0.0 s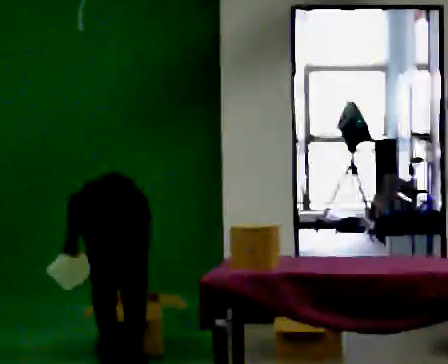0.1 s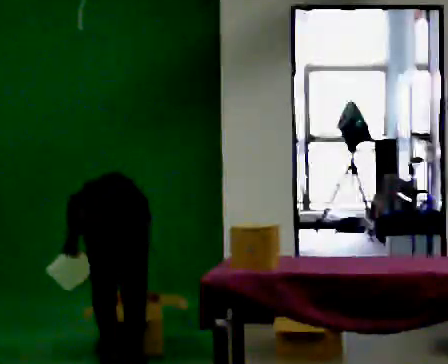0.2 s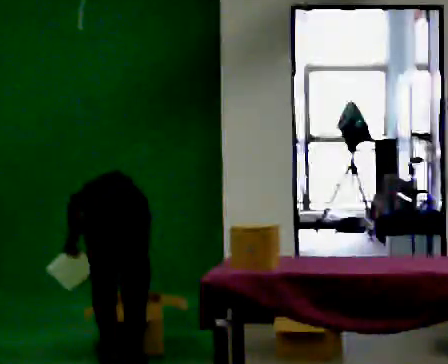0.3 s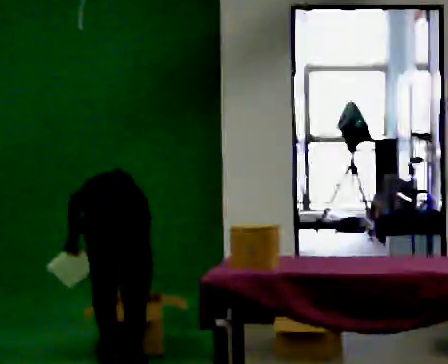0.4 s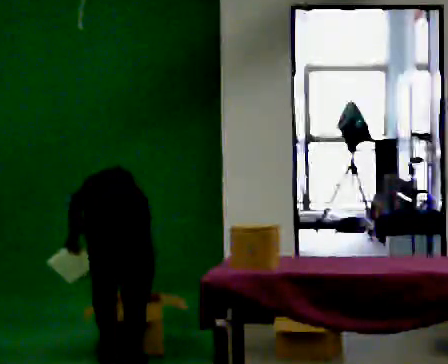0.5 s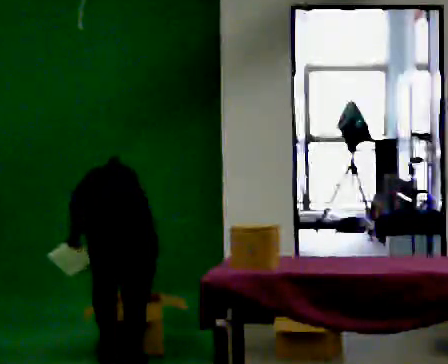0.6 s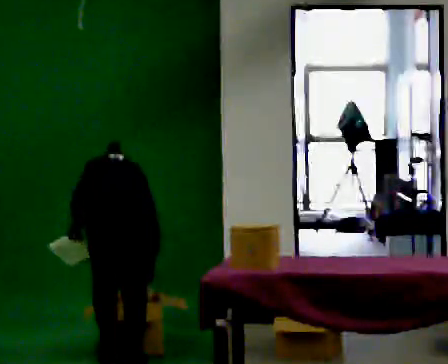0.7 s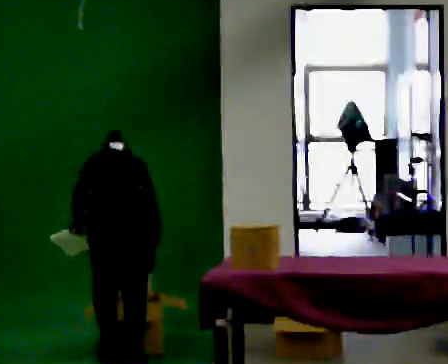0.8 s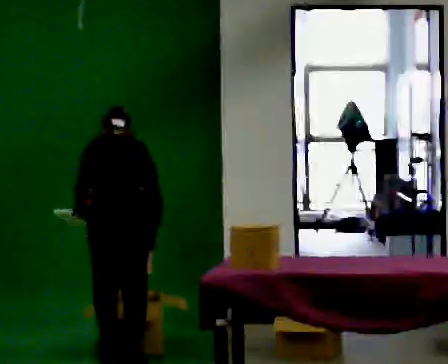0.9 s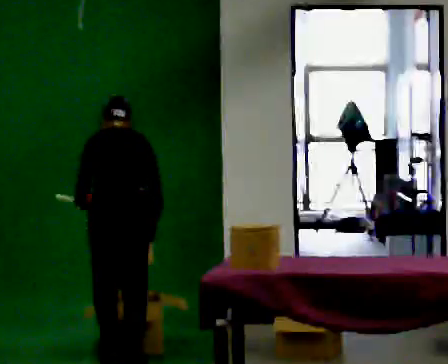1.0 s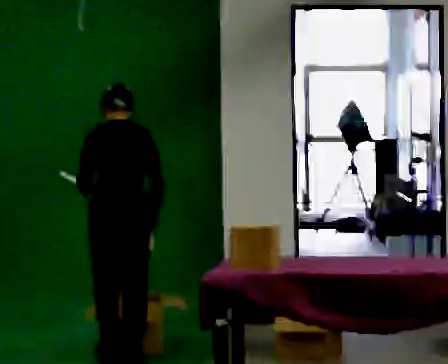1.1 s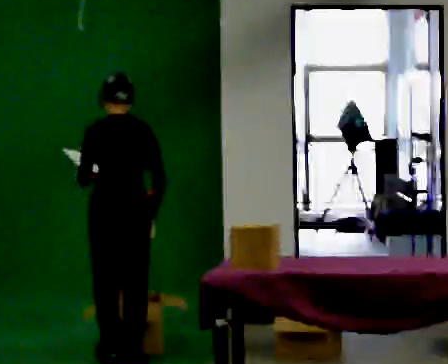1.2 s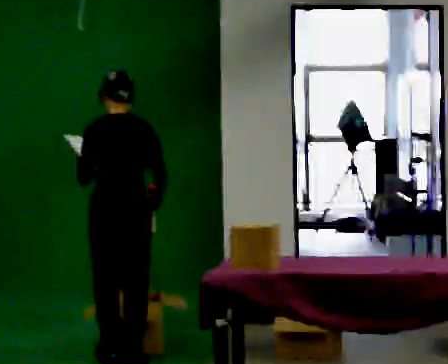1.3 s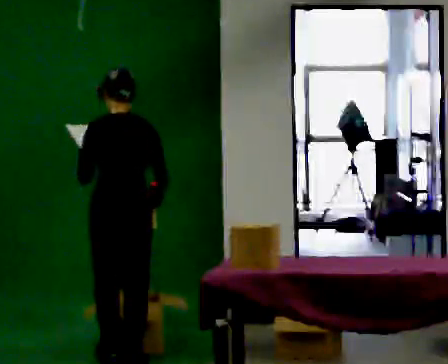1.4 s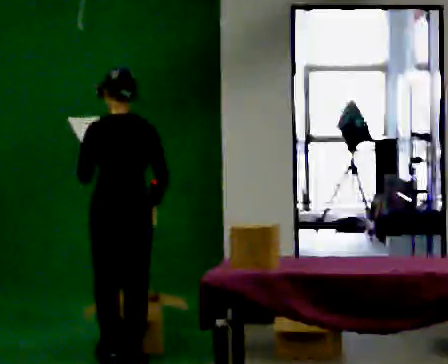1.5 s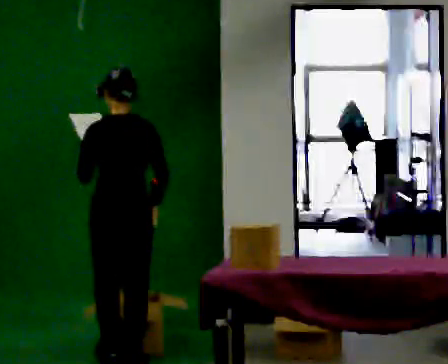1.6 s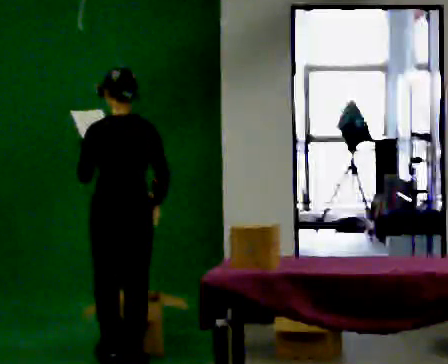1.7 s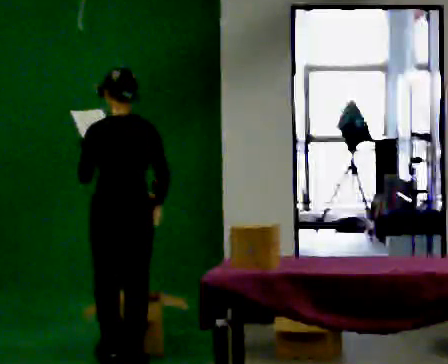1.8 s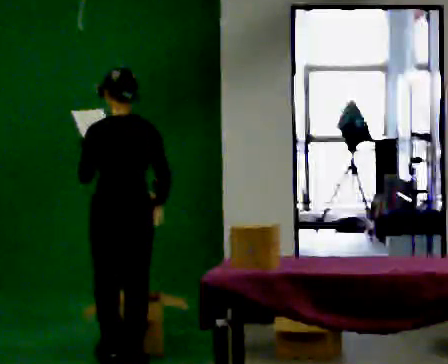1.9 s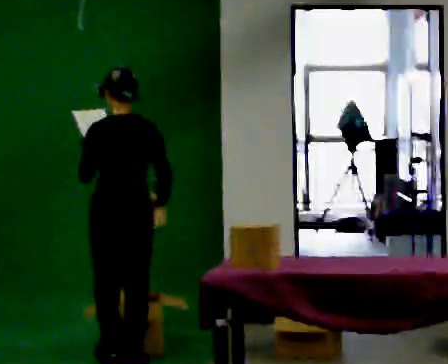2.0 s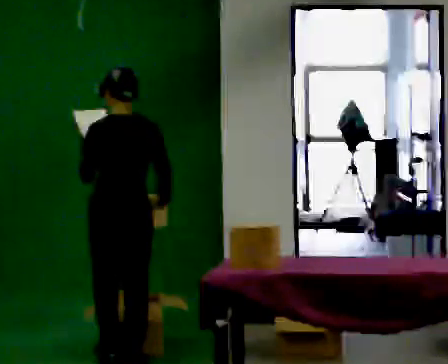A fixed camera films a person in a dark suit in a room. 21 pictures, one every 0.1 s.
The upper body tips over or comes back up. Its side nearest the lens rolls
downward.
The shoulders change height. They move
upward.
0.0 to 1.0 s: The shoulders move upward. The upper body tips toward the camera, its near side rolling downward, as they lean back or straighten.
1.0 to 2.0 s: The upper body tips toward the camera, its near side rolling downward, as they lean back or straighten.
The film runs forward here.
